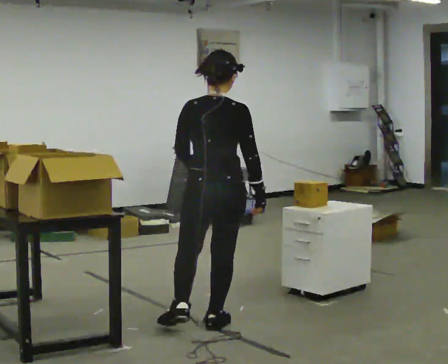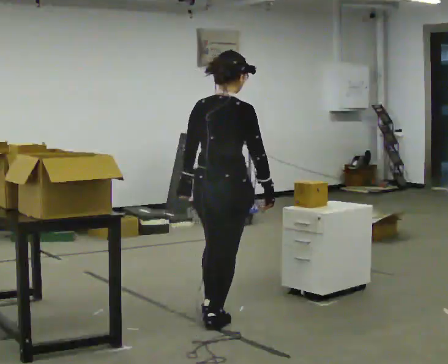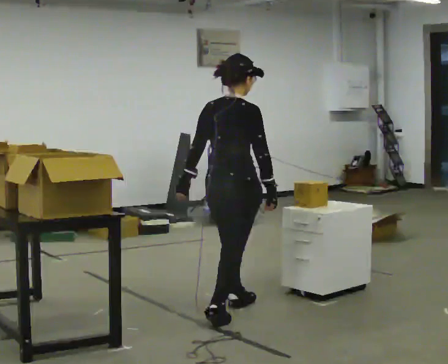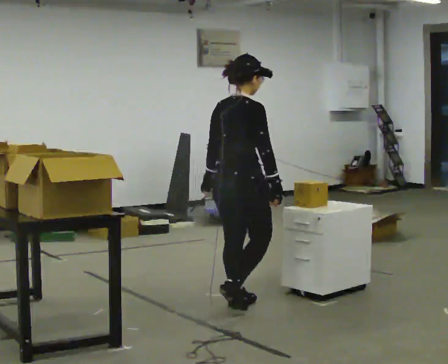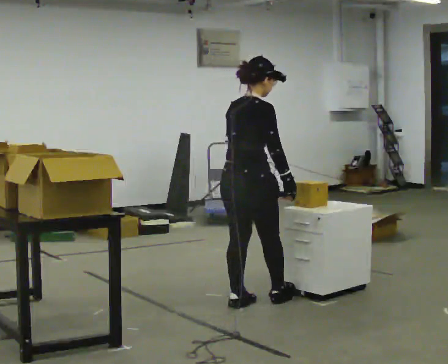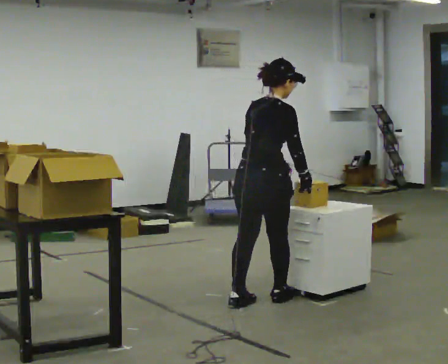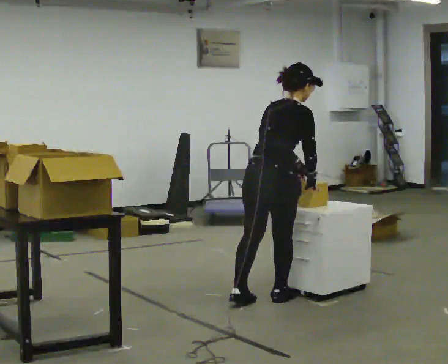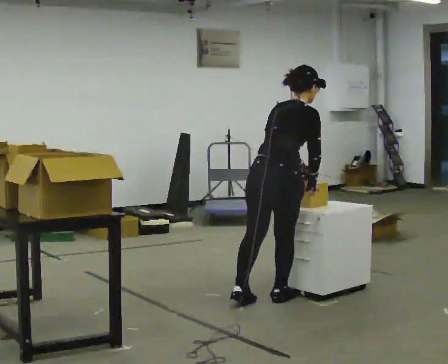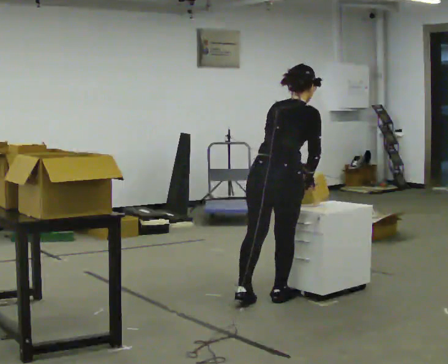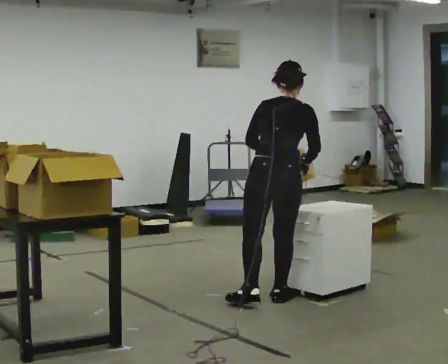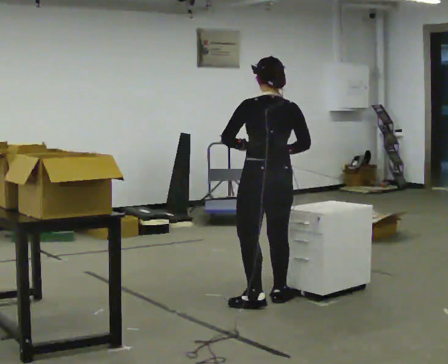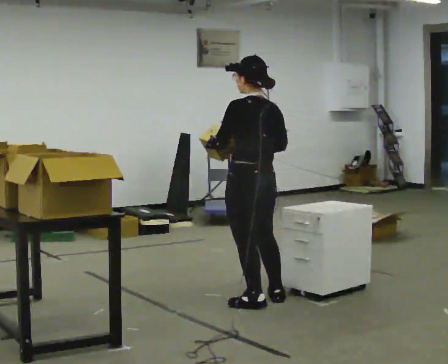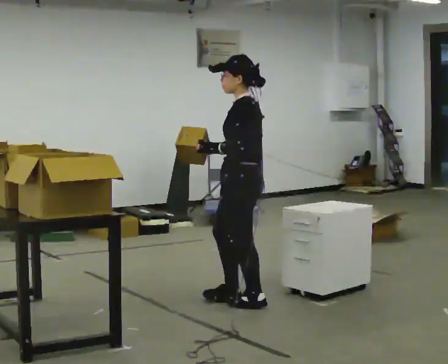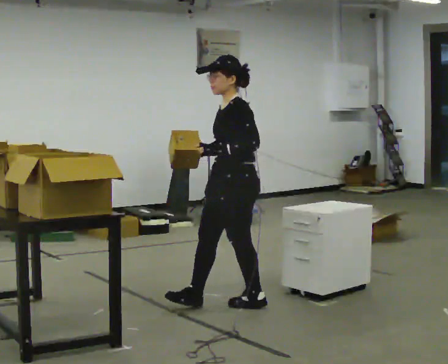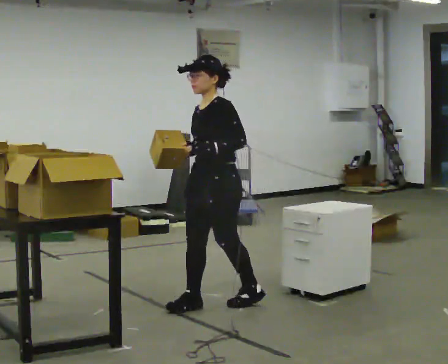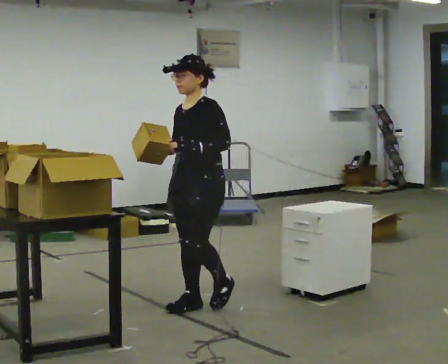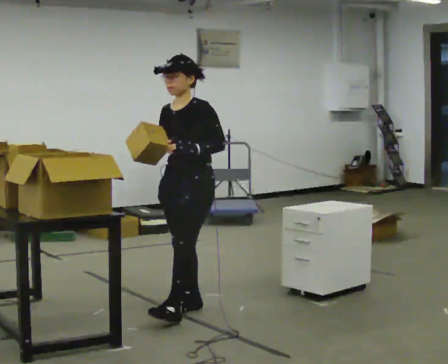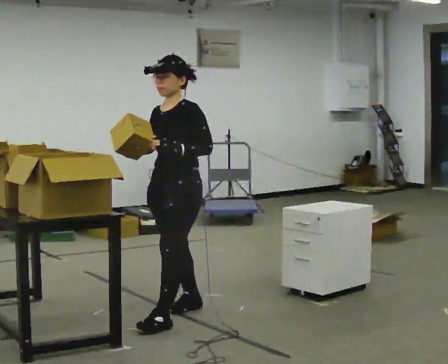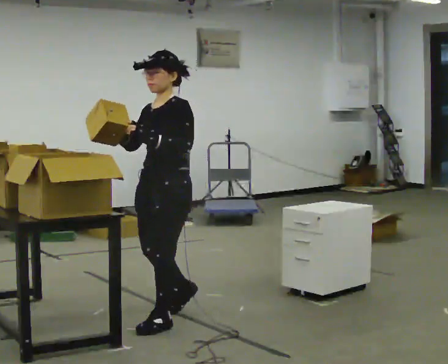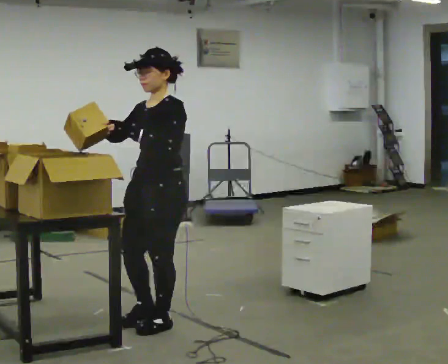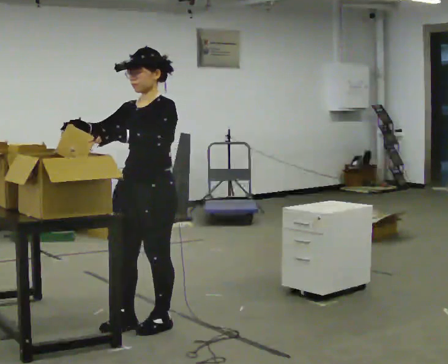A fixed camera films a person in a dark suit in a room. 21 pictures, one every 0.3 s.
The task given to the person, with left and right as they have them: 1. Read the list the operator gives you. 2. Collect the six items on the list from the shelves. 3. Put them all in the bin on the table. 4. Tell the operator when you are finished.
0.0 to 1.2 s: The part of the body nearest the lens slides to the left as the person turns to their right by about 30 degrees. In the picture they go away from the camera, about 0.5 m in 1 step, which for them is forward.
1.2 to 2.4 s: In the picture they go to the right, about 0.25 m in 1 step, which for them is forward.
2.4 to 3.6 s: The part of the body nearest the lens slides to the right as the person turns to their left by about 105 degrees. In the picture they go to the left, about 0.25 m in 1 step. The upper body tips toward the camera, its near side rolling downward, as they lean back or straighten. In the picture their left hand goes to the left.
3.6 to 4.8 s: Seen from above the body turns counterclockwise, about 60 degrees: to their left, with its near side sliding to the right. In the picture they go to the left, about 0.25 m in 1 step, which for them is forward.
4.8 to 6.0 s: In the picture they go toward the camera, about 0.5 m in 2 steps, which for them is forward and to their left.
The film runs forward here.
